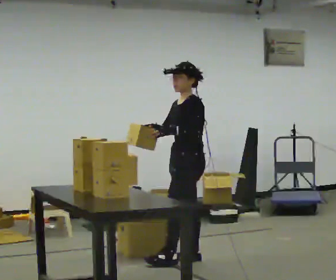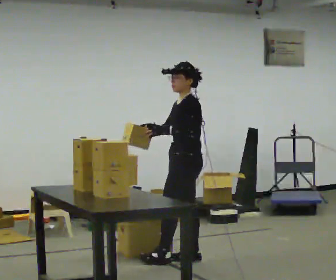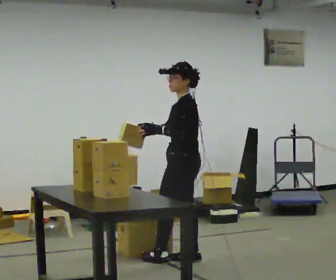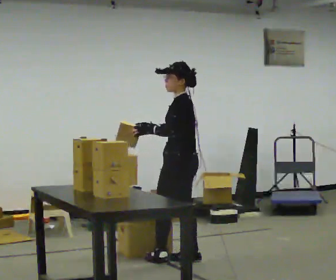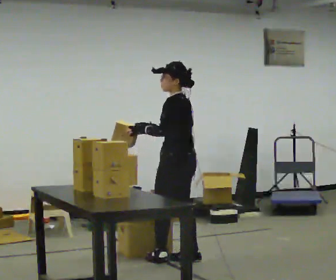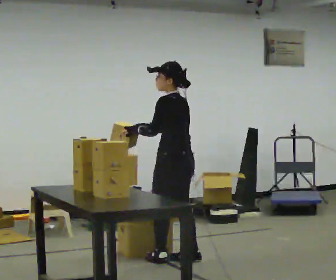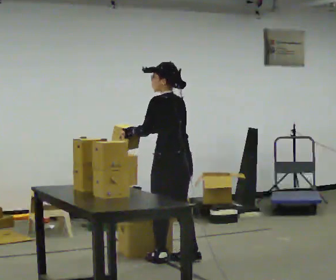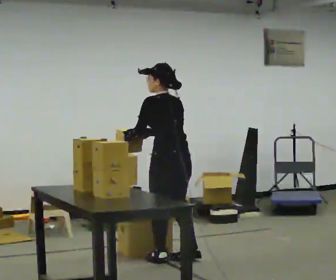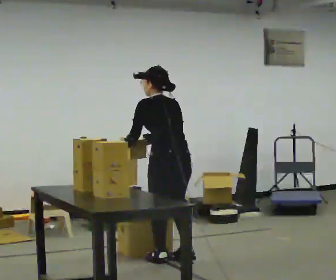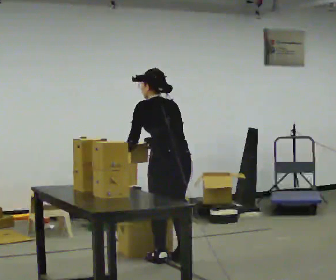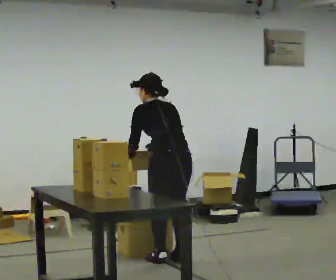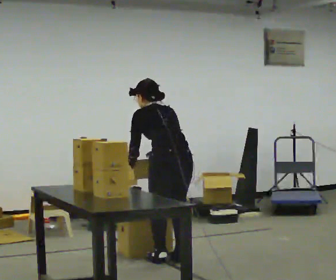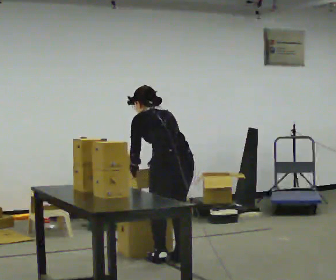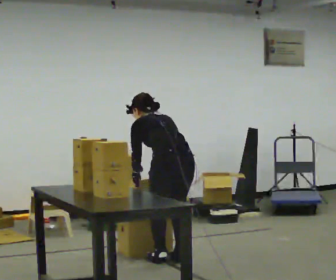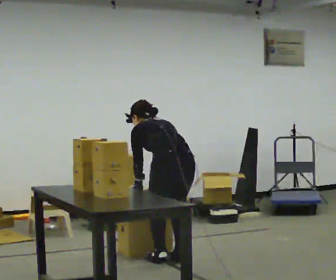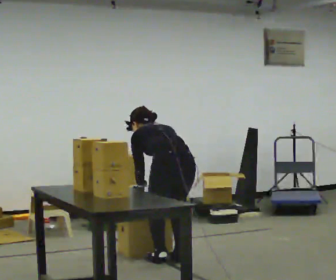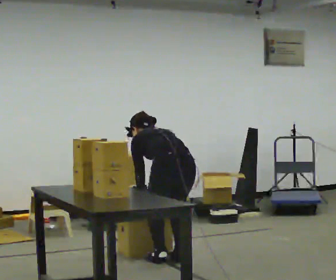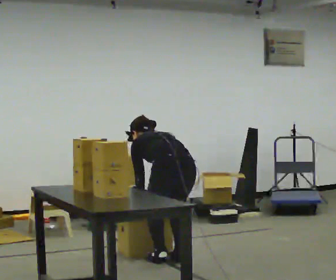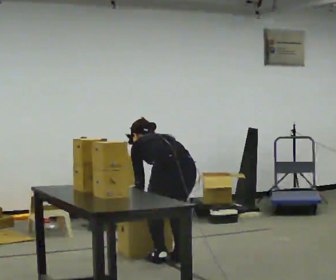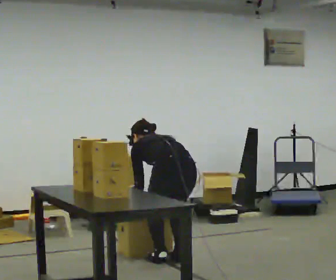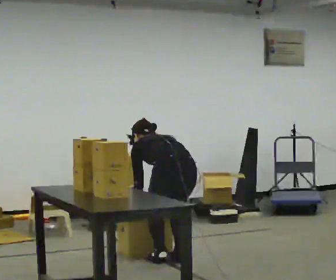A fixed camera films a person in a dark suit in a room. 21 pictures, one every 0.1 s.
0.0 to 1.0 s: The part of the body nearest the lens slides to the left as the person turns to their right by about 75 degrees. The upper body tips away from the camera, its near side rolling upward, as they bend forward.
1.0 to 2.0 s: The upper body goes downward. The upper body tips away from the camera, its near side rolling upward, as they bend forward. In the picture their right hand goes downward.
The film runs backward here.
